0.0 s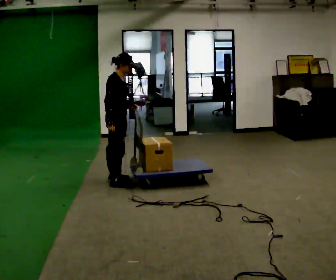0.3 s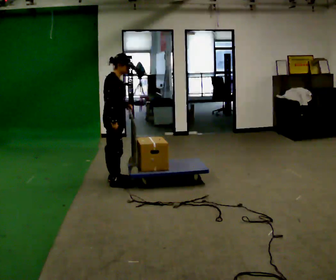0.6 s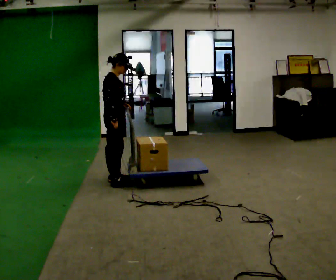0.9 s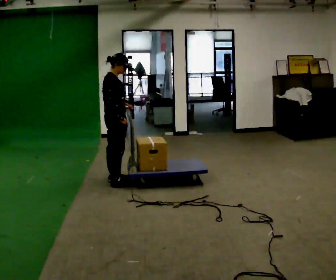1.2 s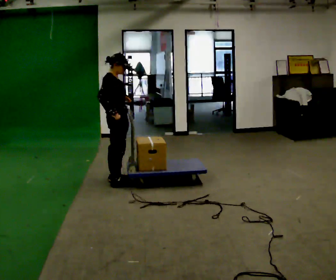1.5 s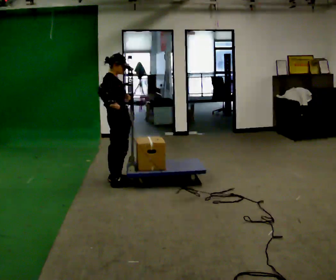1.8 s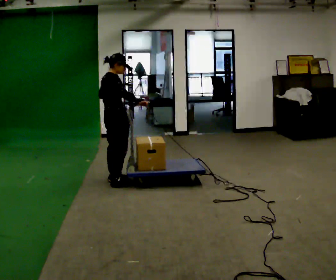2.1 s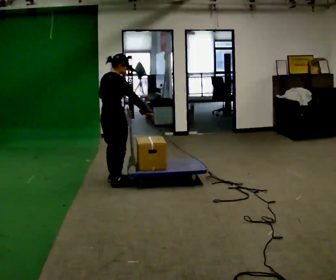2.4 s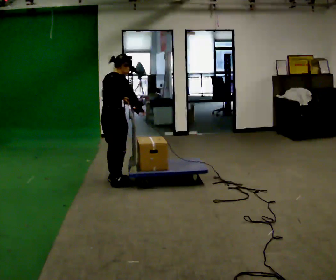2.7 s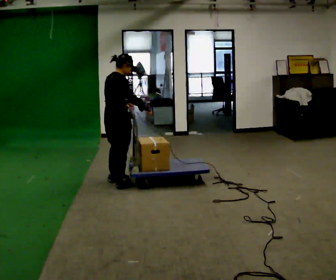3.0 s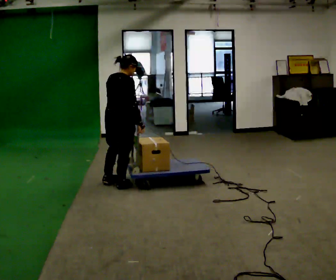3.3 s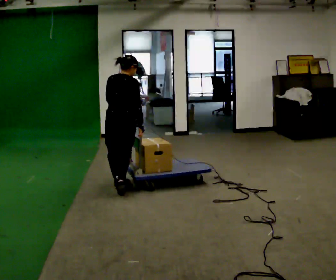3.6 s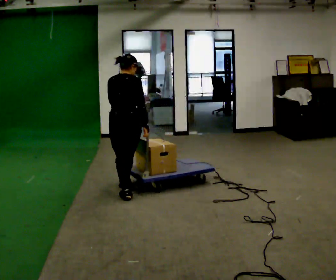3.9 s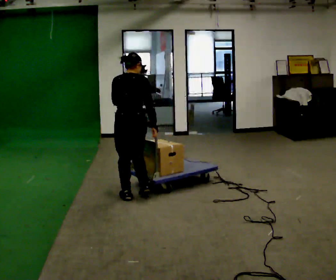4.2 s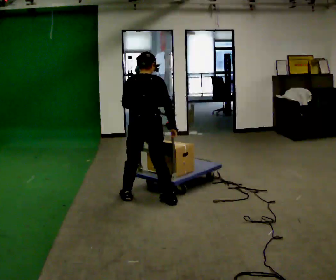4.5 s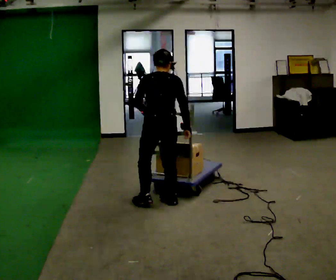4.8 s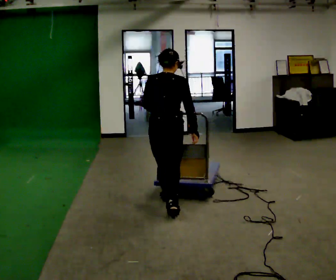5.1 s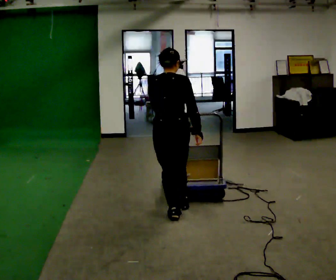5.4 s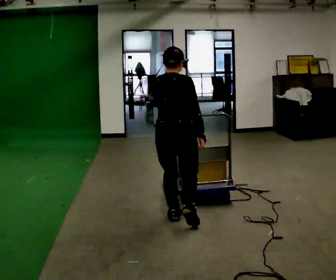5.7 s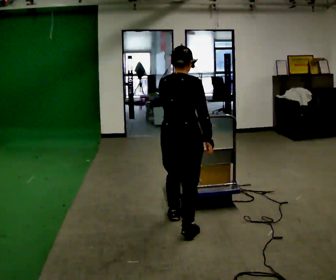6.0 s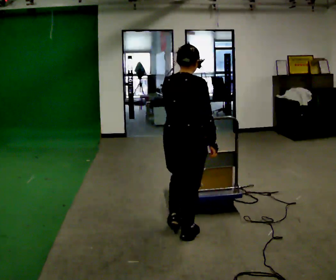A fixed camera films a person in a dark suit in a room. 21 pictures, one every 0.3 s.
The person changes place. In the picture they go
toward the camera.
0.0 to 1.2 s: The person moves a little, or ends about where they began.
1.2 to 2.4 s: Seen from above the body turns counterclockwise, about 30 degrees: to their left, with its near side sliding to the right.
2.4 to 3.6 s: The person turns about 45 degrees to their left, counterclockwise seen from above, so the part of the body nearest the lens slides to the right. In the picture they go toward the camera and to the right, about 0.5 m in 2 steps, which for them is to their right and backward.
3.6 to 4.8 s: In the picture they go to the right and toward the camera, about 0.5 m in 1 step, which for them is backward and to their right.
4.8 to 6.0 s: The part of the body nearest the lens slides to the left as the person turns to their right by about 30 degrees. In the picture they go toward the camera, about 0.5 m in 2 steps, which for them is backward and to their right.
The film runs backward here.
